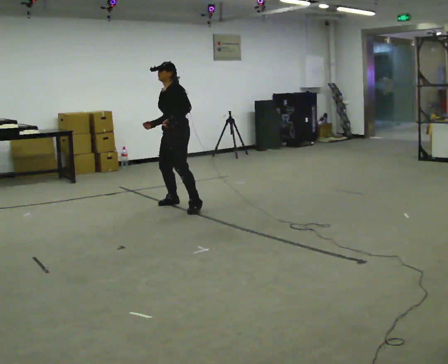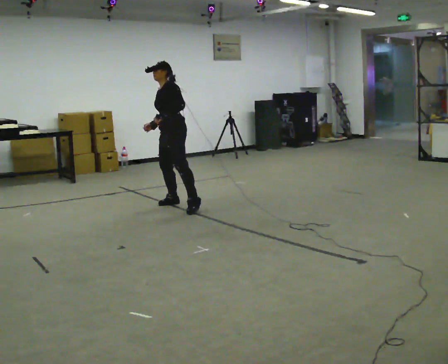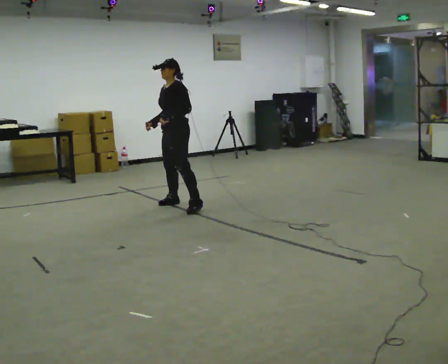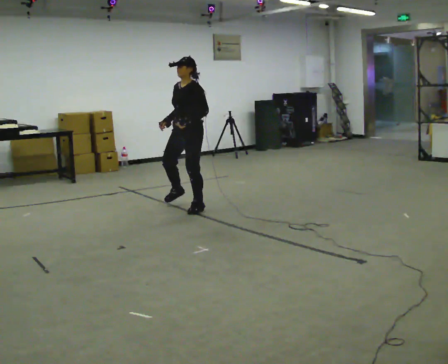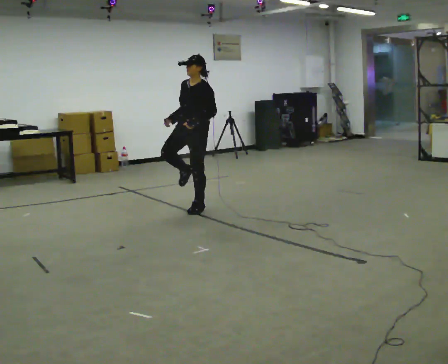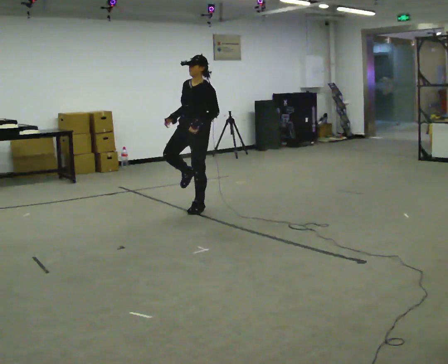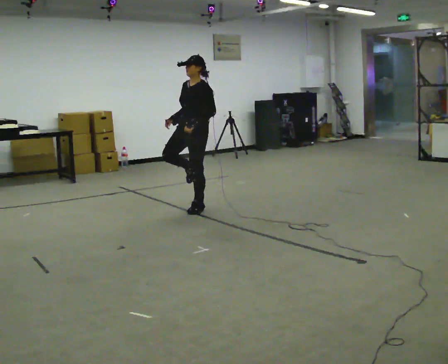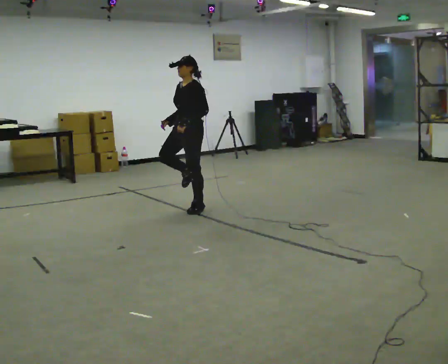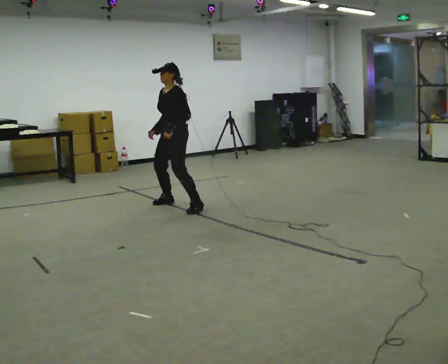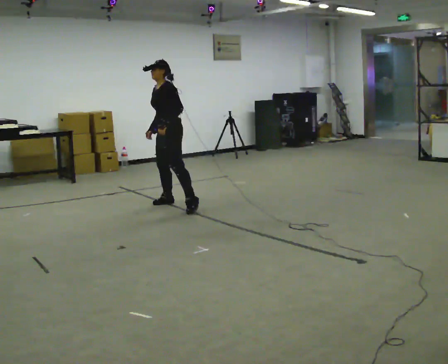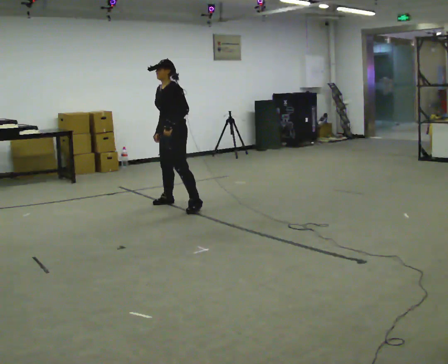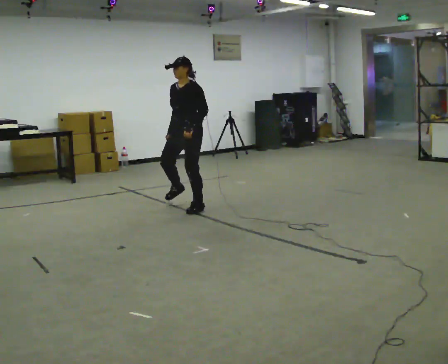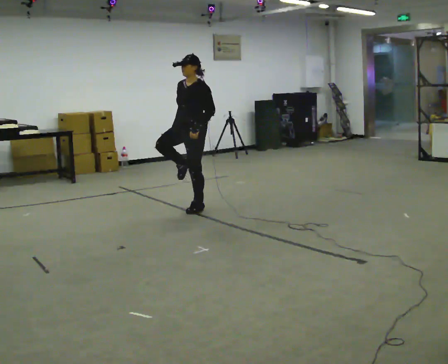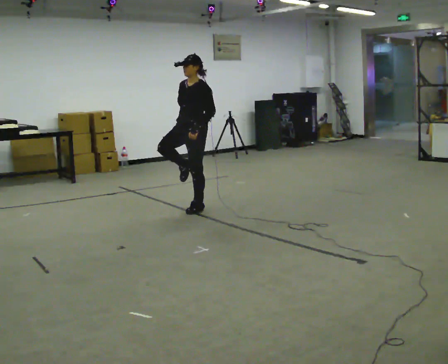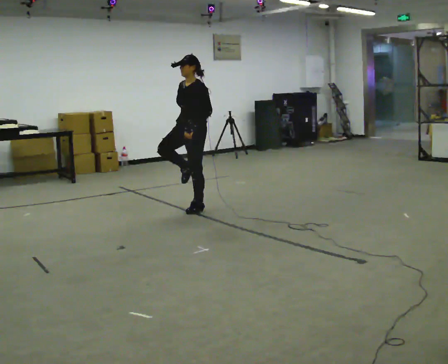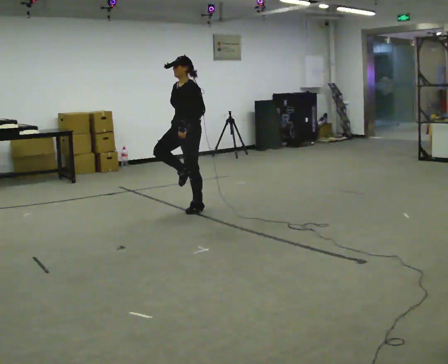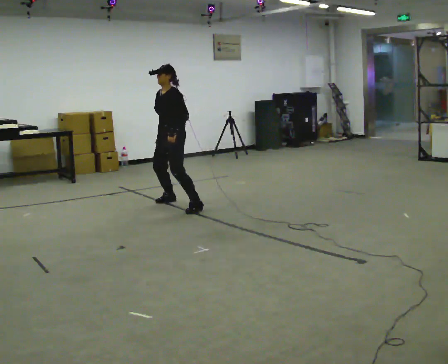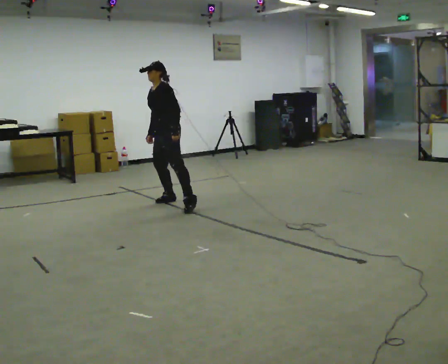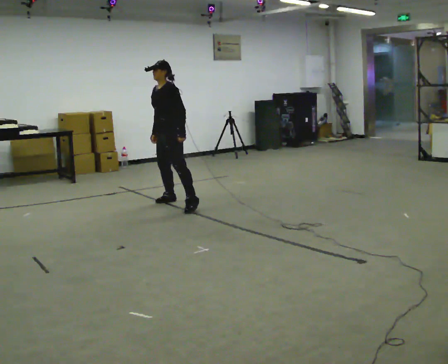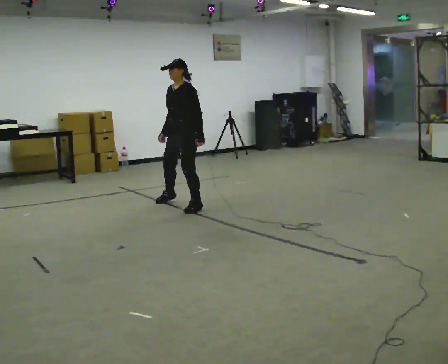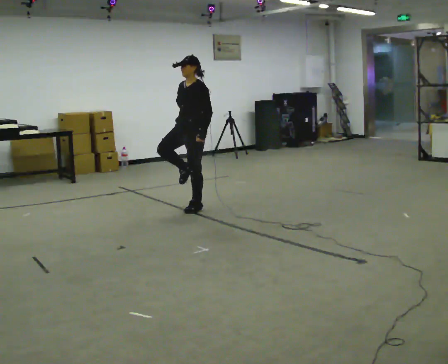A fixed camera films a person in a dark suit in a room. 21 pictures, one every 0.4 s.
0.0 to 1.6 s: In the picture they go toward the camera and to the right, about 0.25 m in 1 step, which for them is to their left. The upper body tips toward the camera, its near side rolling downward.
1.6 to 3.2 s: In the picture they go to the left and away from the camera, about 0.25 m in 1 step, which for them is to their right.
3.2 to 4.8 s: In the picture they go toward the camera and to the right, about 0.25 m in 1 step, which for them is to their left.
4.8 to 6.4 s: In the picture they go away from the camera and to the left, about 0.25 m in 1 step, which for them is to their right.
6.4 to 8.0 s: In the picture they go to the right and toward the camera, about 0.25 m in 1 step, which for them is to their left.
The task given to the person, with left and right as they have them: Stand on one foot on the marked spot, on the side the operator calls. Hold it until you genuinely lose your balance, then put the other foot down. Repeat at your own pace until the operator says stop. Go slowly and only as far as you are comfortable. Step whenever you need to; do not try to hold on longer than feels safe.
The film runs forward here.
